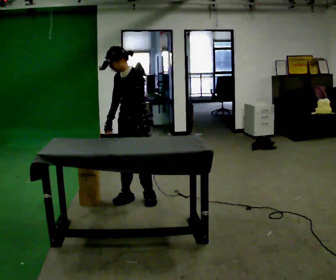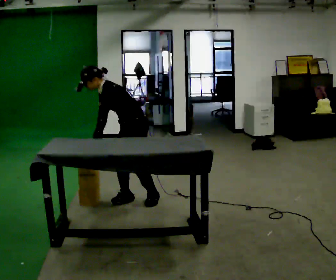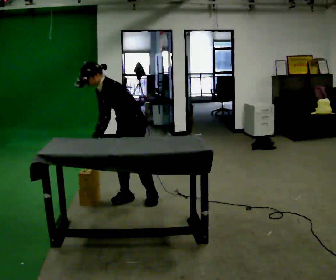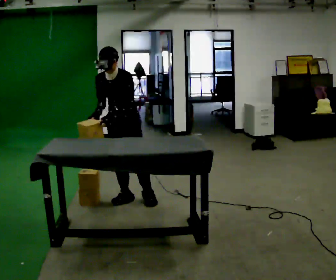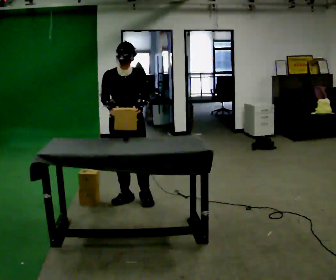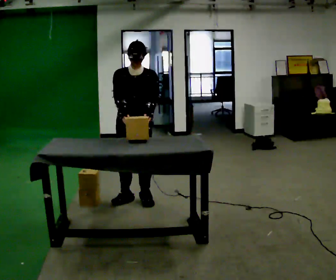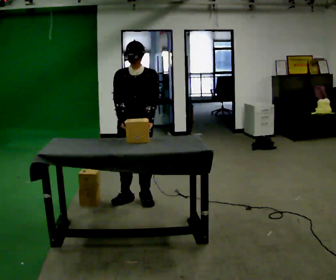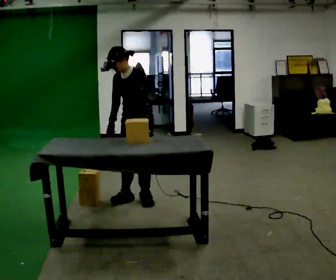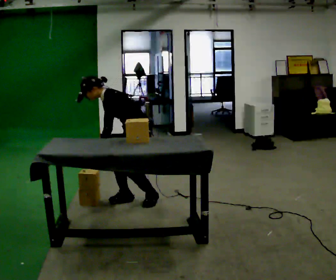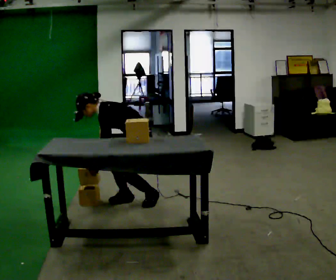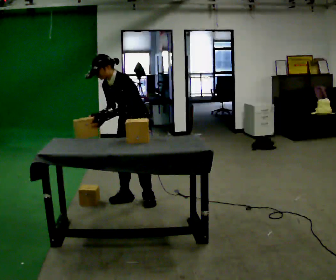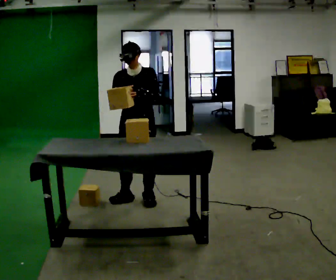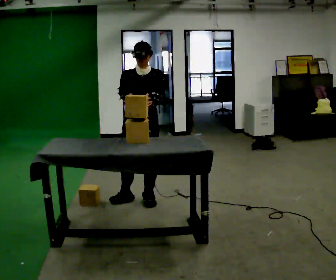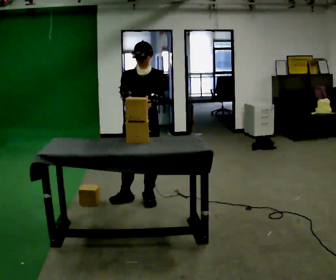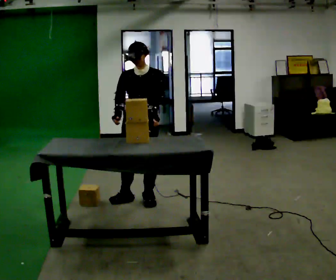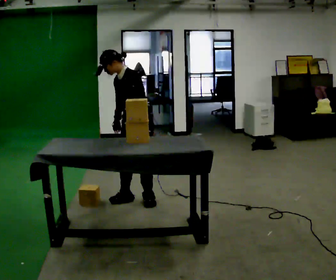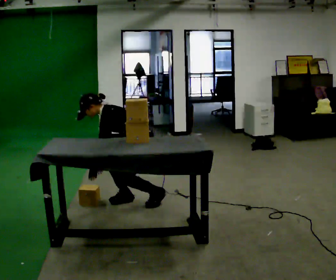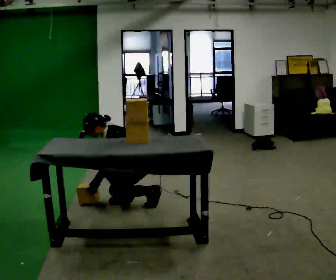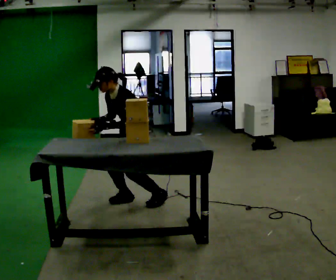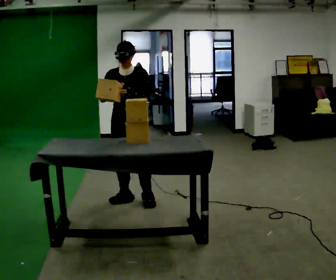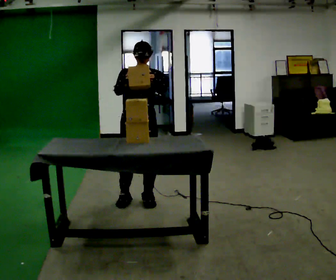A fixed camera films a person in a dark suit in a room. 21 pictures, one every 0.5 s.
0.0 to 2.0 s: The part of the body nearest the lens slides to the right as the person turns to their left by about 60 degrees.
2.0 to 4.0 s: The person turns about 75 degrees to their right, clockwise seen from above, so the part of the body nearest the lens slides to the left. In the picture they go to the right, about 0.25 m. The shoulders move downward. In the picture the upper body tilts counterclockwise, shoulders to the left, as they bend forward. In the picture their right hand goes downward.
4.0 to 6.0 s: The part of the body nearest the lens slides to the right as the person turns to their left by about 60 degrees. In the picture their right hand goes upward.
6.0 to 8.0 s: The part of the body nearest the lens slides to the left as the person turns to their right by about 75 degrees. The upper body goes downward. In the picture the upper body tilts counterclockwise, shoulders to the left, as they bend forward. In the picture their right hand goes downward.
8.0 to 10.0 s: The person turns about 75 degrees to their left, counterclockwise seen from above, so the part of the body nearest the lens slides to the right. In the picture the upper body tilts clockwise, shoulders to the right, as they lean back or straighten. In the picture their right hand goes upward.
The film runs forward here.
